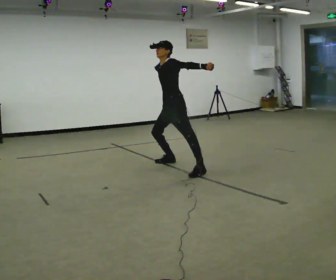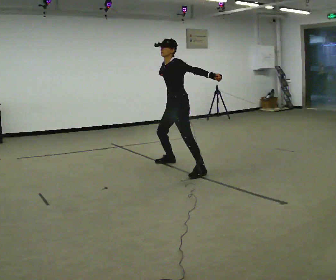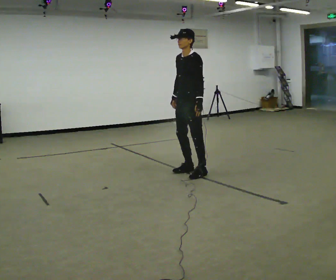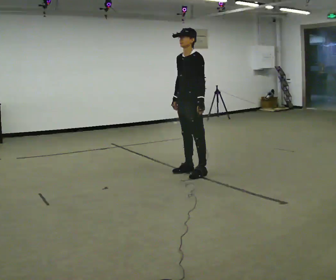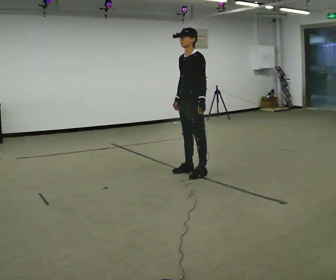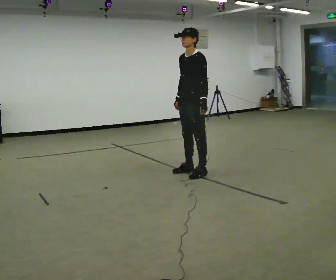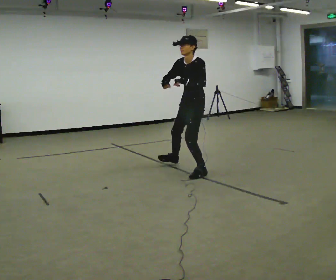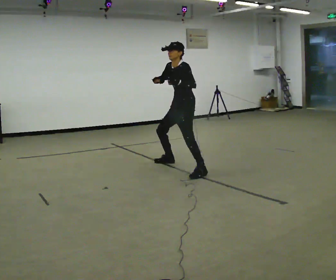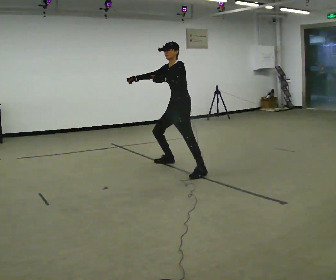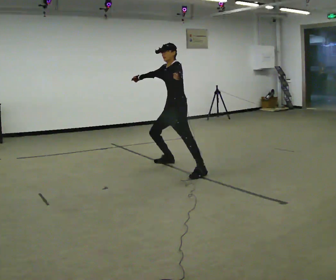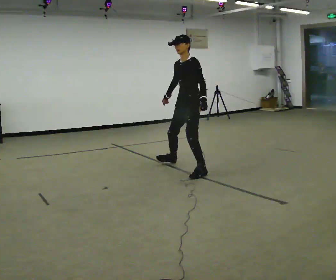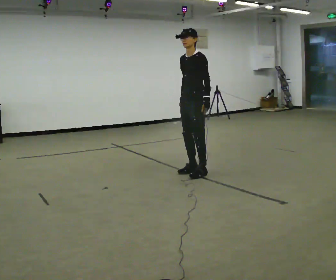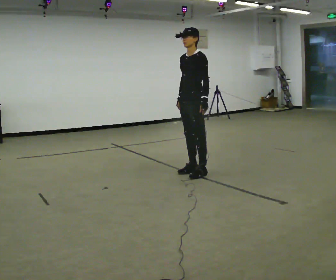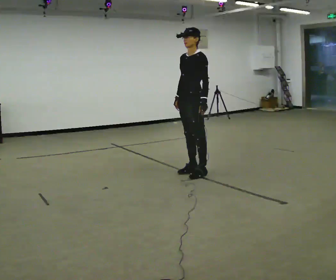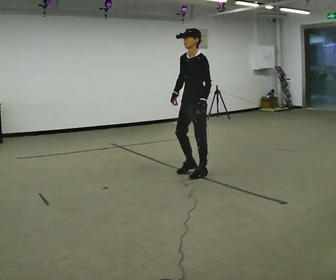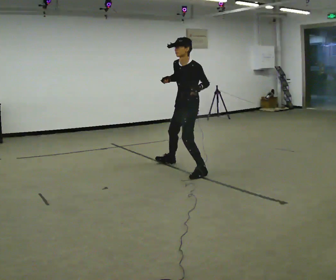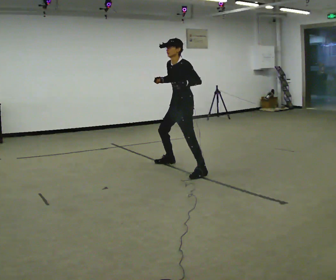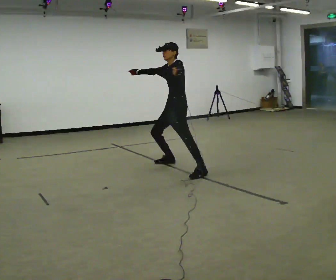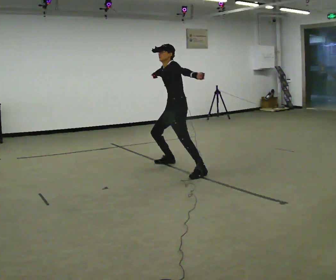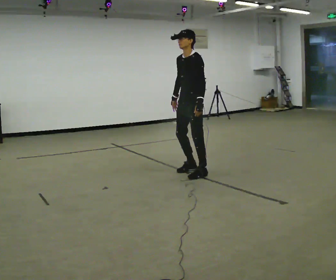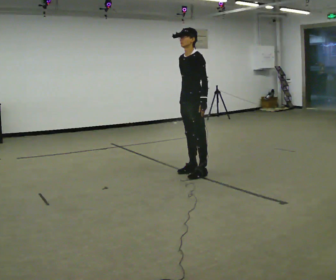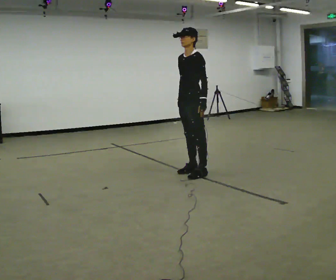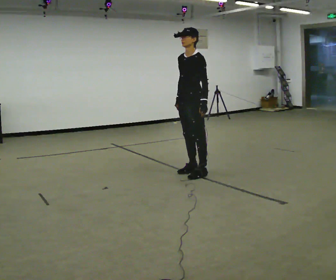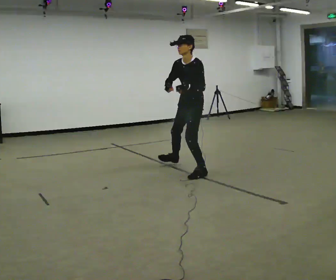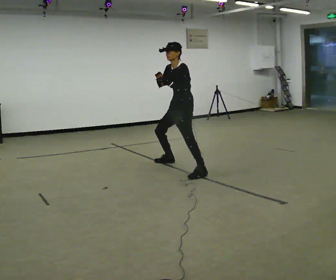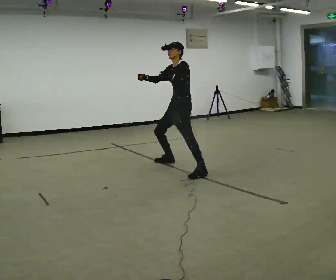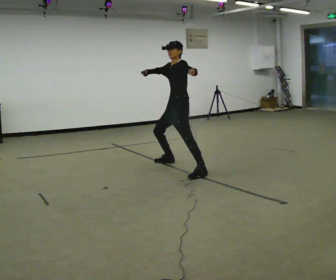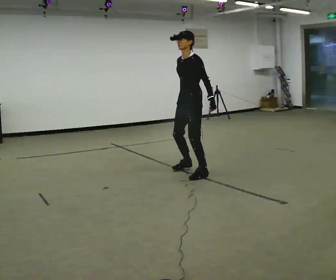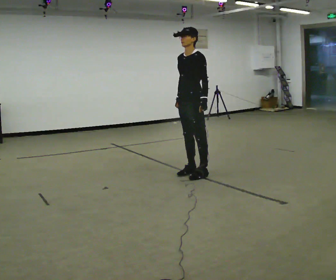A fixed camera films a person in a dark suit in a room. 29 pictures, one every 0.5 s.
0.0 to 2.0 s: In the picture they go toward the camera and to the right, about 0.5 m in 1 step, which for them is to their left. In the picture their right hand goes downward.
2.0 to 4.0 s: In the picture they go away from the camera and to the left, about 0.5 m in 1 step, which for them is to their right.
4.0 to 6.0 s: In the picture they go toward the camera and to the right, about 0.5 m in 1 step, which for them is to their left.
6.0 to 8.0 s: In the picture they go away from the camera, about 0.25 m in 1 step, which for them is to their right.
8.0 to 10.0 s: In the picture they go toward the camera, about 0.25 m in 1 step, which for them is to their left.
10.0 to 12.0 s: In the picture they go away from the camera and to the left, about 0.5 m in 1 step, which for them is to their right and backward. In the picture their right hand goes upward.
12.0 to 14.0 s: In the picture they go toward the camera, about 0.5 m in 1 step, which for them is to their left.
The film runs forward here.
